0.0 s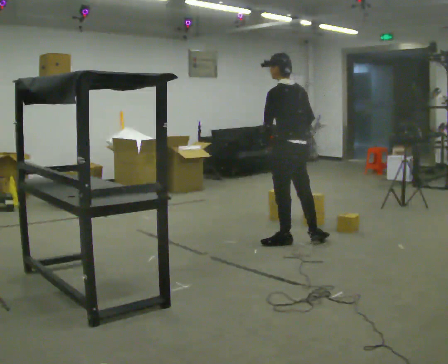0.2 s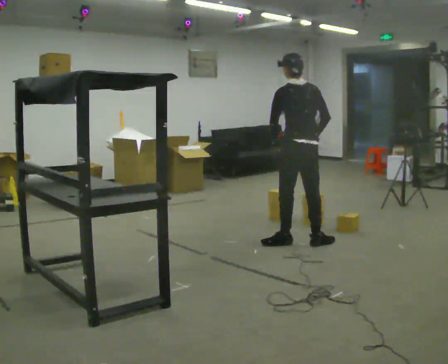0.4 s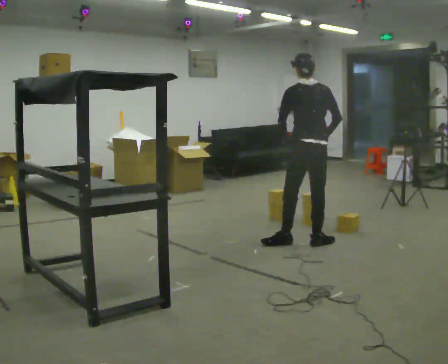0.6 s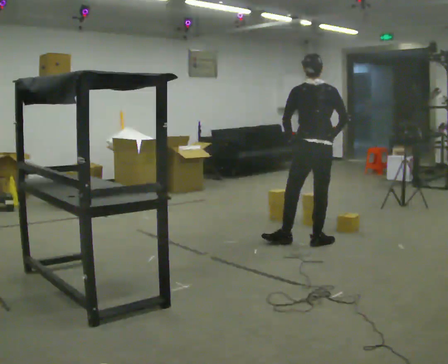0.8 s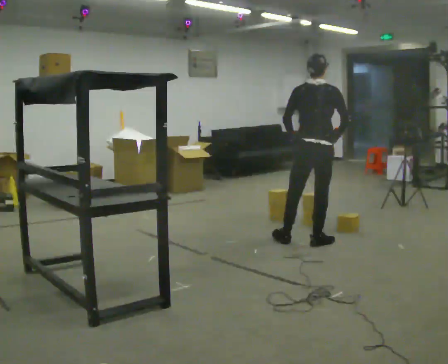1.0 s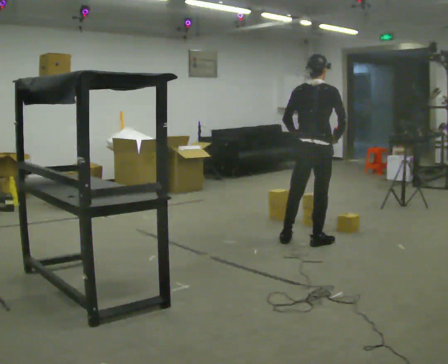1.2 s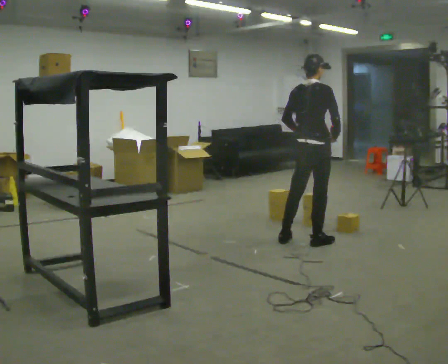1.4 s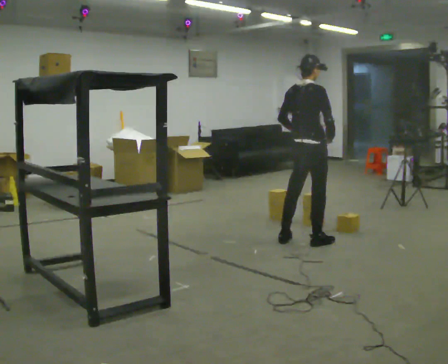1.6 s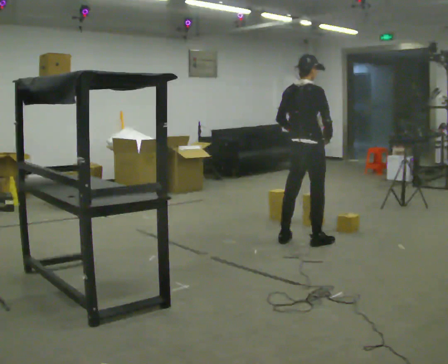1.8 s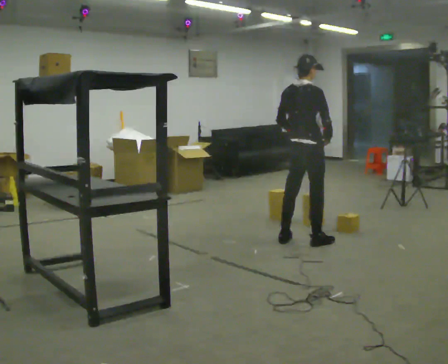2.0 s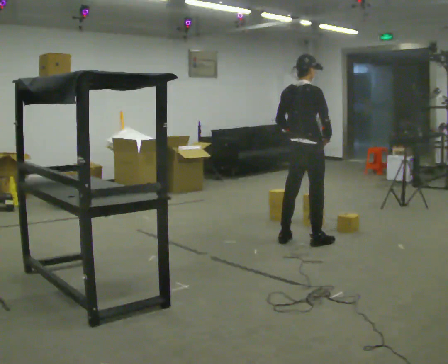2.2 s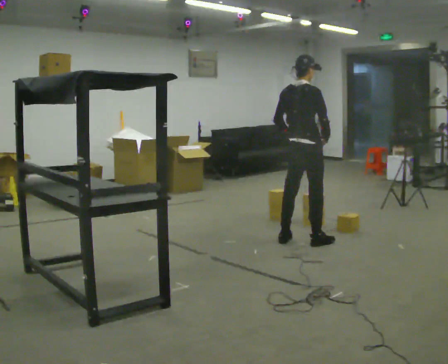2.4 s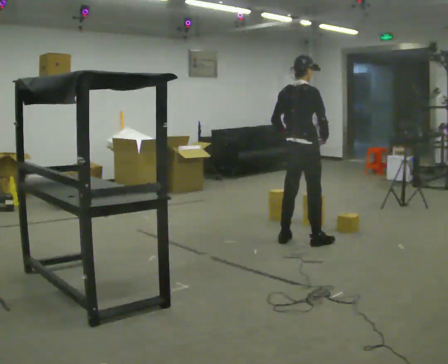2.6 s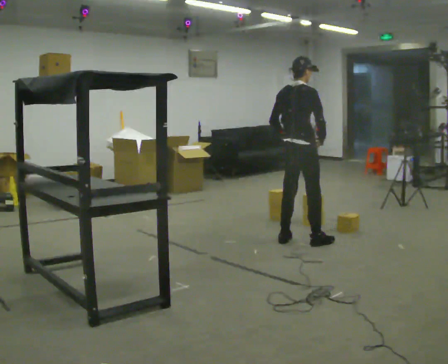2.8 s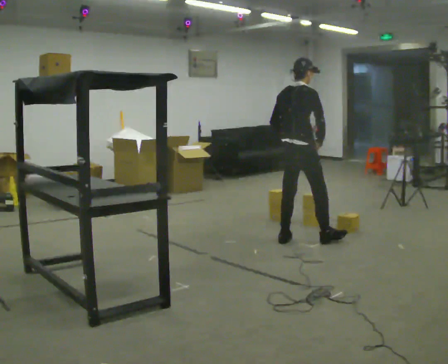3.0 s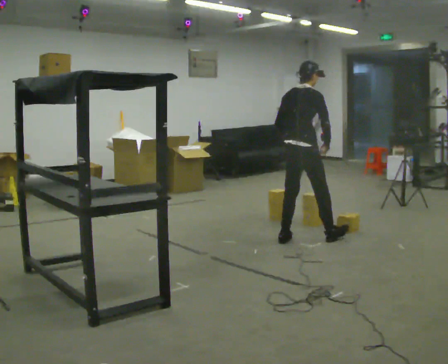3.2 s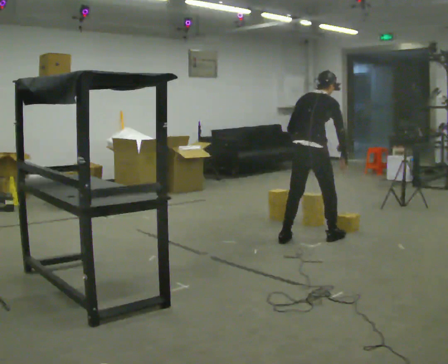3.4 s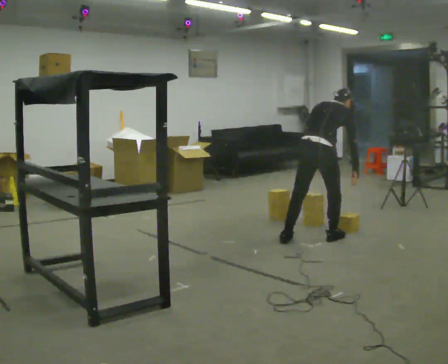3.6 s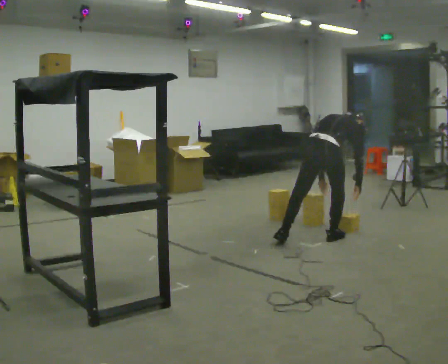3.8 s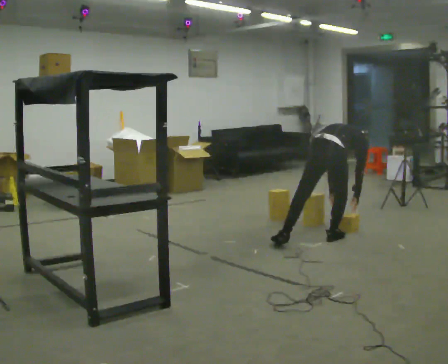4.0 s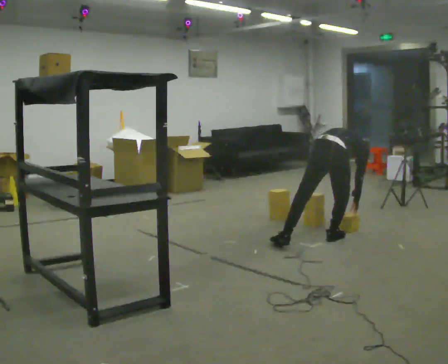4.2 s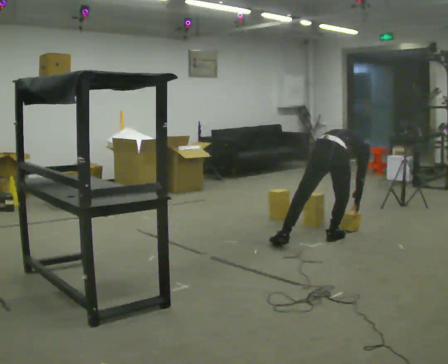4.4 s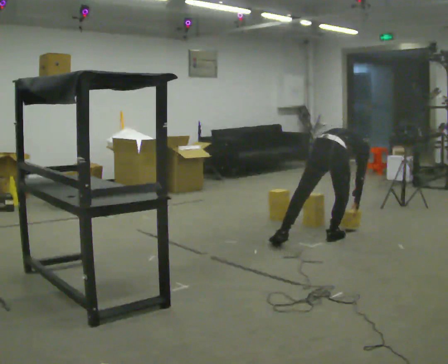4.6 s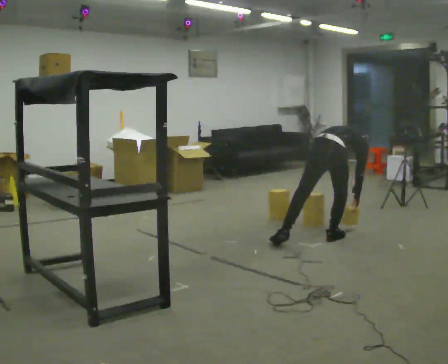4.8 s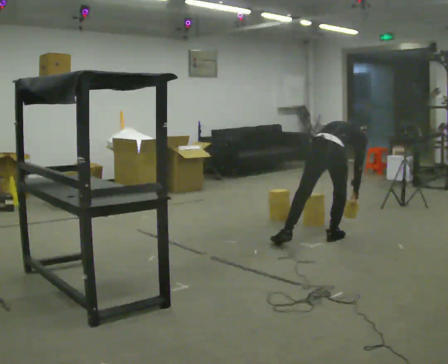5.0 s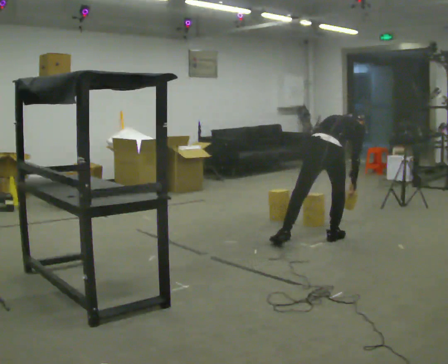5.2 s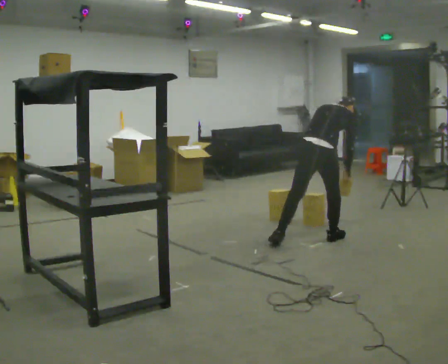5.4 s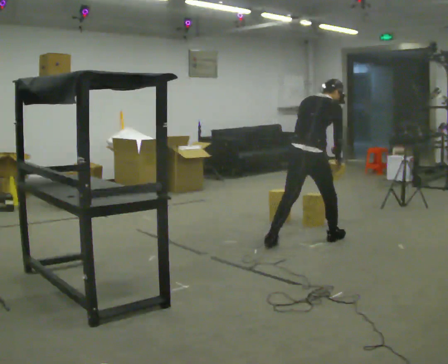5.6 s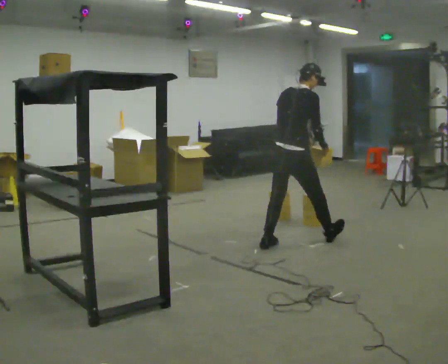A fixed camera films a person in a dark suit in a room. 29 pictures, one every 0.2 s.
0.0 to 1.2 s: The part of the body nearest the lens slides to the left as the person turns to their right by about 75 degrees. In the picture they go to the right, about 0.25 m. In the picture their right hand goes to the right.
1.2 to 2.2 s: The person moves a little, or ends about where they began.
2.2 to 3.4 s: The shoulders move downward. The upper body tips away from the camera, its near side rolling upward, as they bend forward.
3.4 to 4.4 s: In the picture they go to the right, about 0.25 m in 1 step, which for them is to their right. The shoulders move downward. The upper body tips away from the camera, its near side rolling upward, as they bend forward. In the picture their right hand goes downward.
4.4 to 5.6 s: In the picture they go to the left, about 0.5 m in 1 step, which for them is to their left and backward. The upper body goes upward. The upper body tips toward the camera, its near side rolling downward, as they lean back or straighten. In the picture their left hand goes upward.
The film runs backward here.
